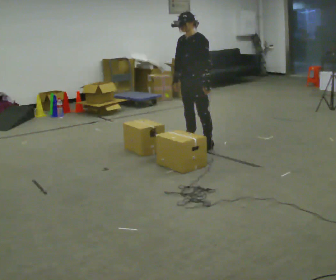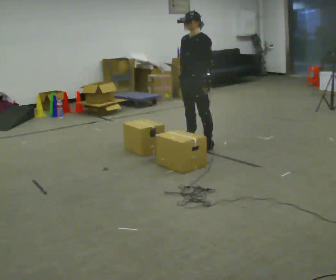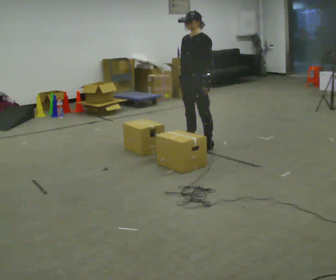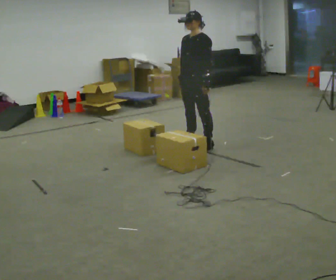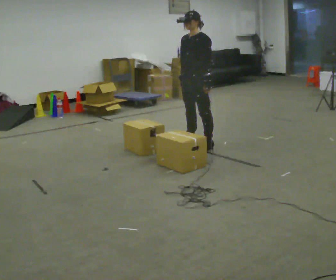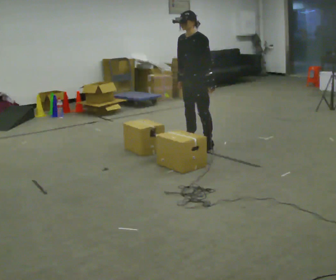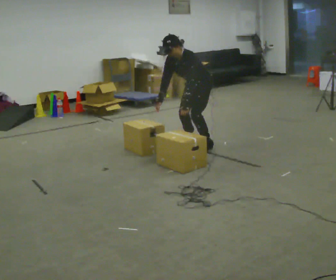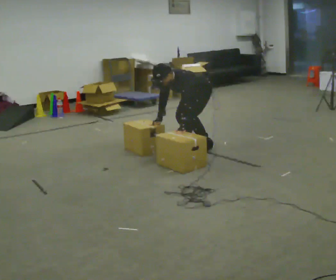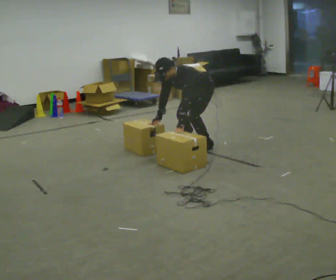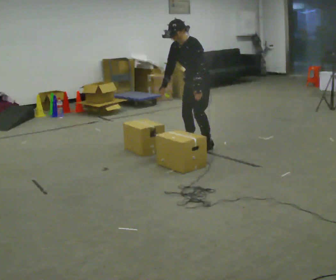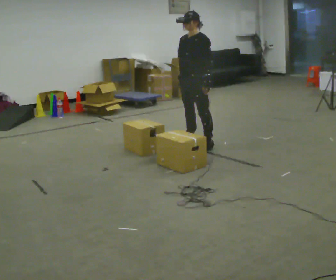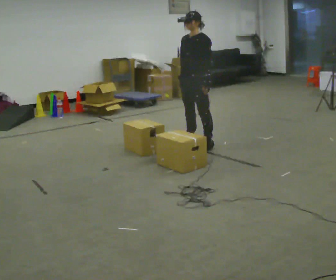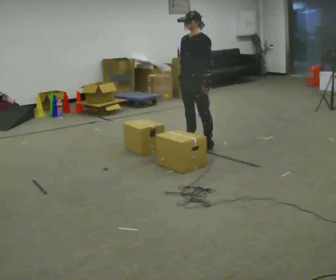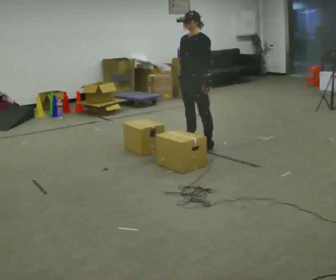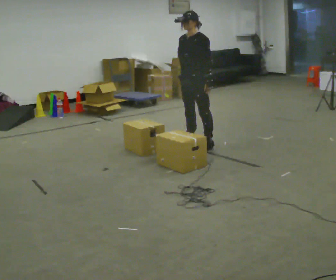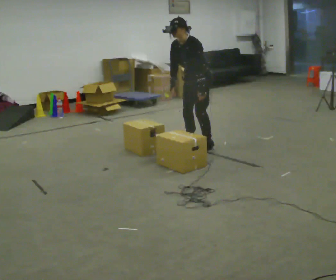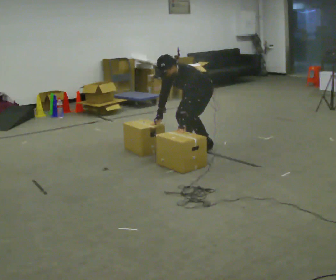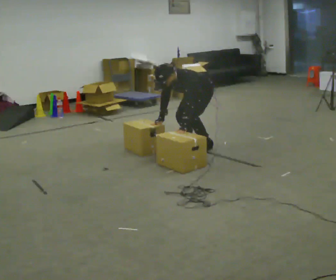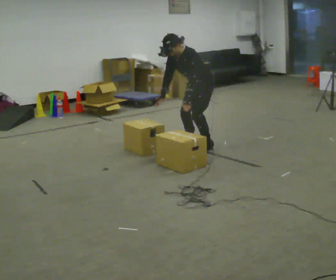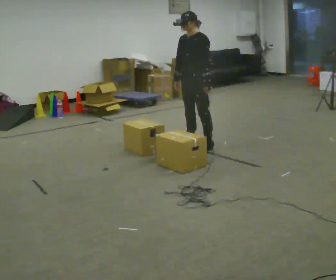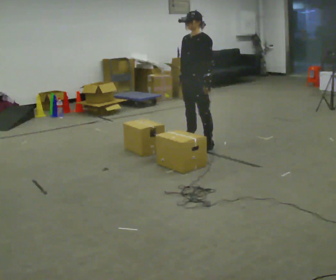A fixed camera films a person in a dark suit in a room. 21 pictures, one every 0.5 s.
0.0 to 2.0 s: The person moves a little, or ends about where they began.
2.0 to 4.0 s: The shoulders move downward. In the picture the upper body tilts counterclockwise, shoulders to the left, as they bend forward. In the picture their right hand goes downward.
4.0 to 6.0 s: The upper body goes upward. In the picture the upper body tilts clockwise, shoulders to the right, as they lean back or straighten. In the picture their left hand goes upward and to the right.
6.0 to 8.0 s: The shoulders move downward. In the picture the upper body tilts counterclockwise, shoulders to the left, as they bend forward. In the picture their left hand goes downward.
8.0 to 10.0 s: The shoulders move upward. In the picture the upper body tilts clockwise, shoulders to the right, as they lean back or straighten. In the picture their left hand goes upward and to the right.
The film runs backward here.
